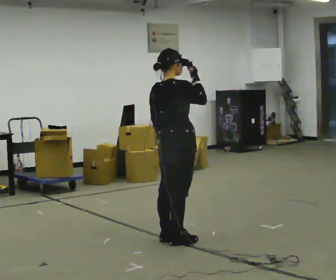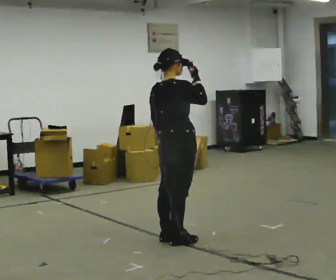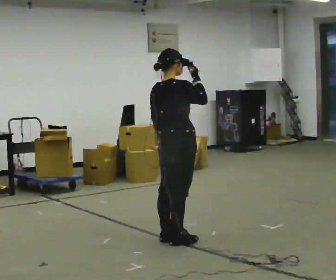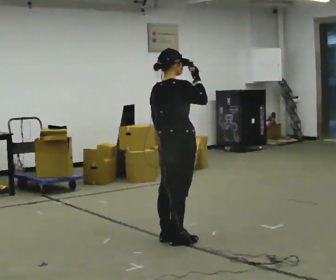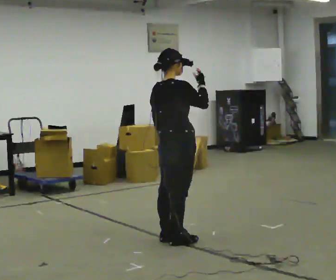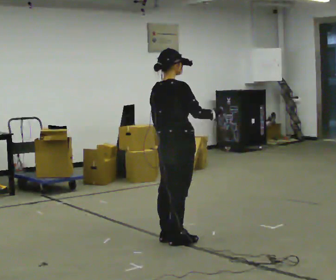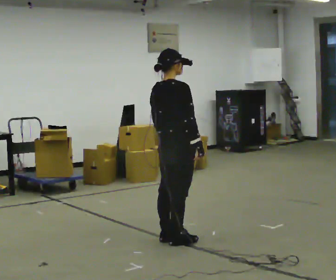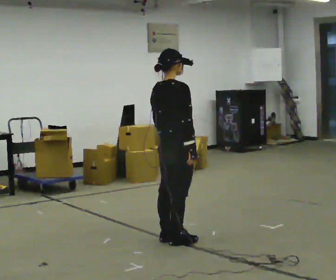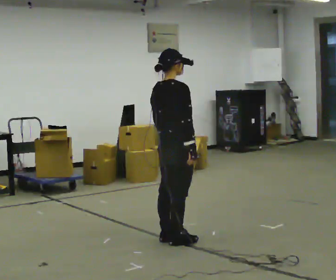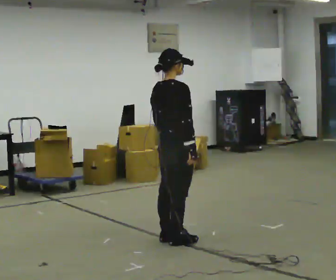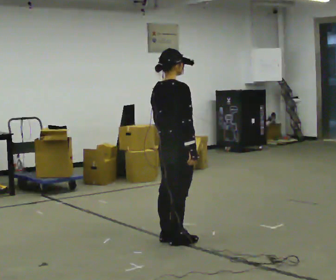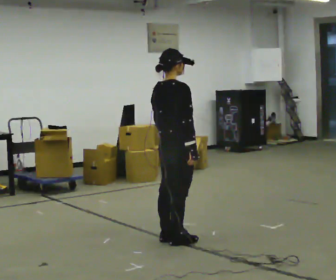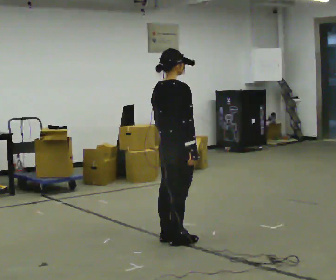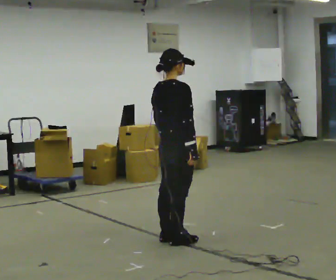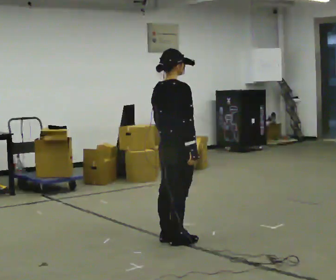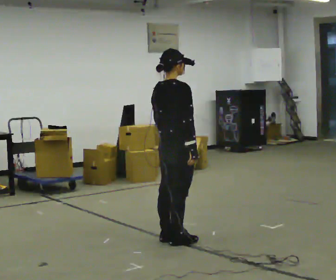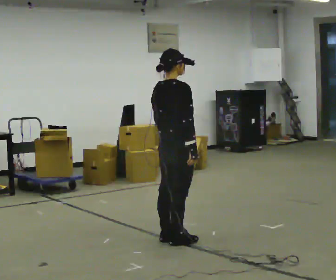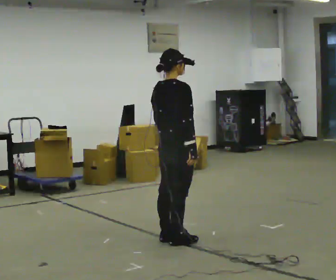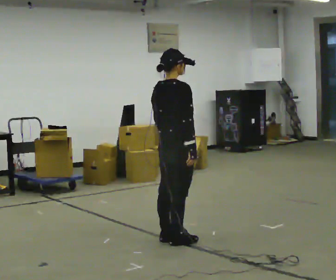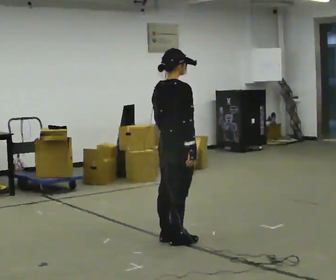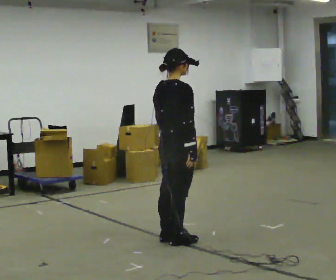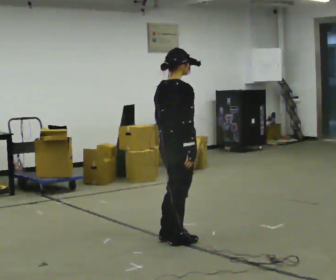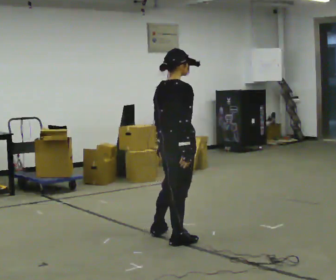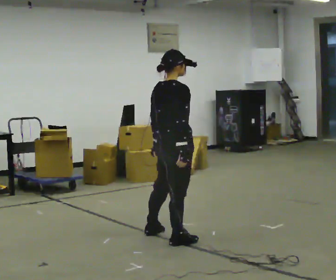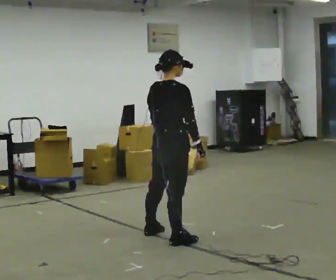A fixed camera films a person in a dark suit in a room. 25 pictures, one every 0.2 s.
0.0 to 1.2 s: In the picture their right hand goes downward.
1.2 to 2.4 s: The person moves a little, or ends about where they began.
2.4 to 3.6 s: The person keeps their place and pose.
3.6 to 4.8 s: The person moves a little, or ends about where they began.
The film runs backward here.
